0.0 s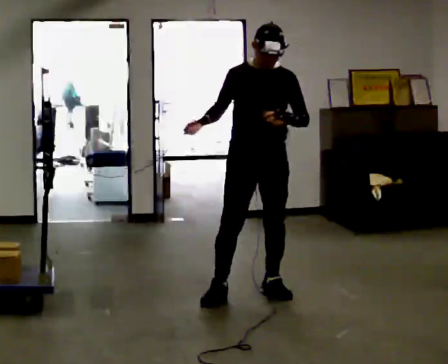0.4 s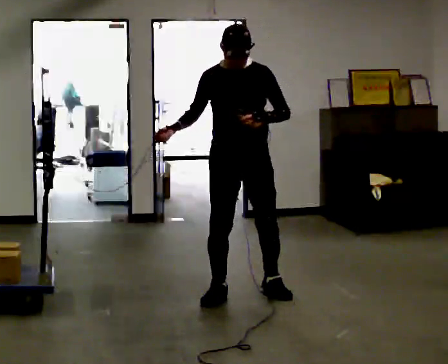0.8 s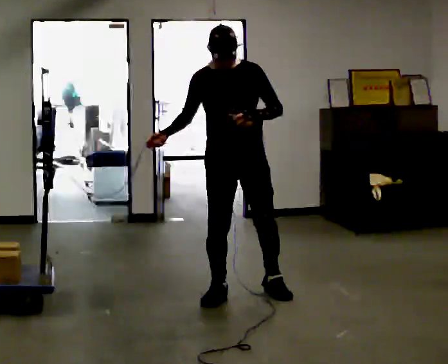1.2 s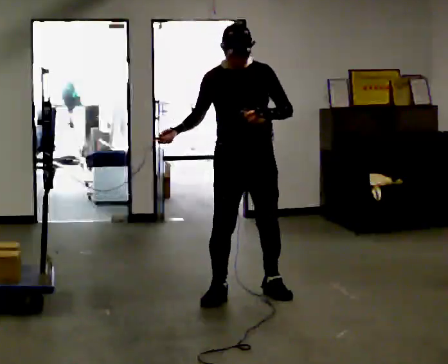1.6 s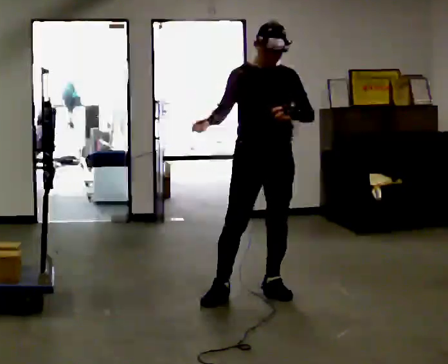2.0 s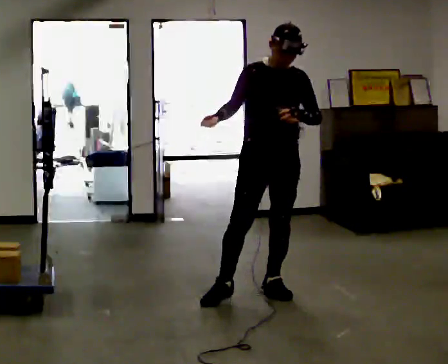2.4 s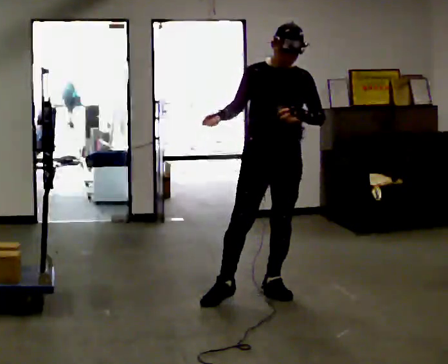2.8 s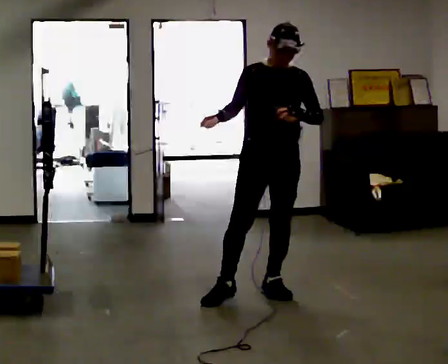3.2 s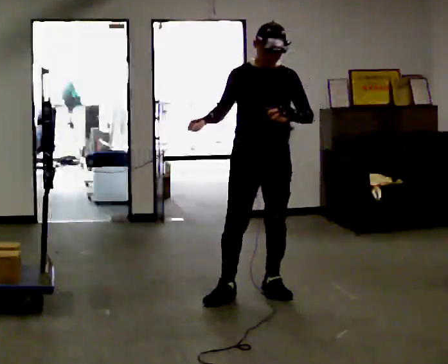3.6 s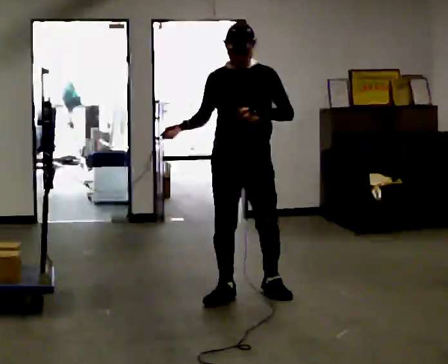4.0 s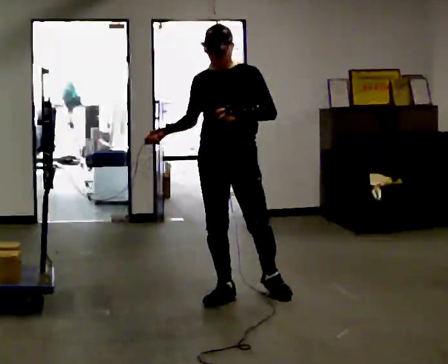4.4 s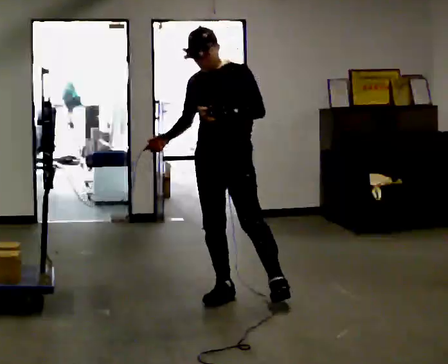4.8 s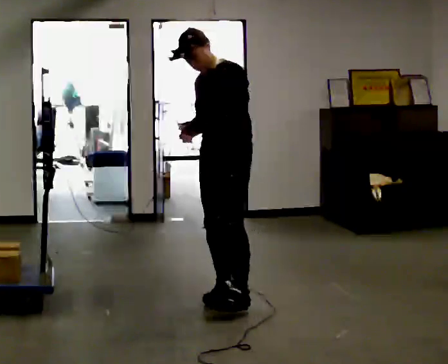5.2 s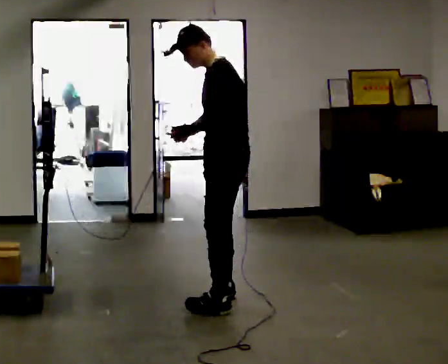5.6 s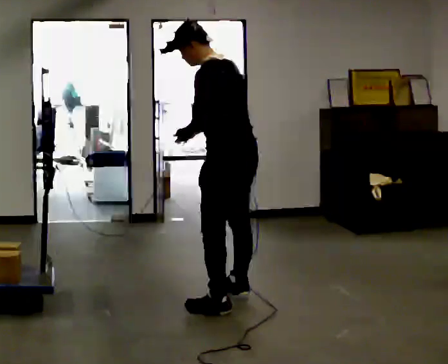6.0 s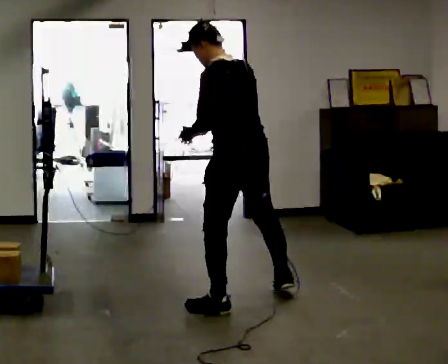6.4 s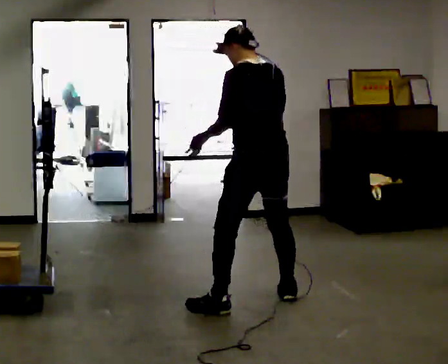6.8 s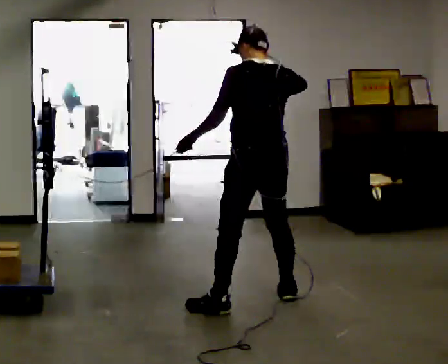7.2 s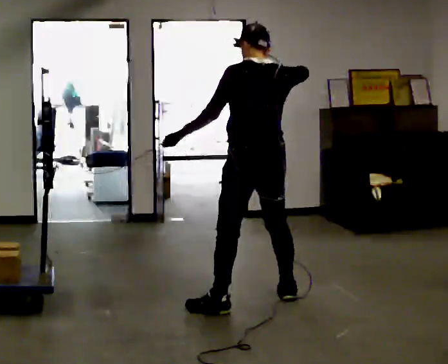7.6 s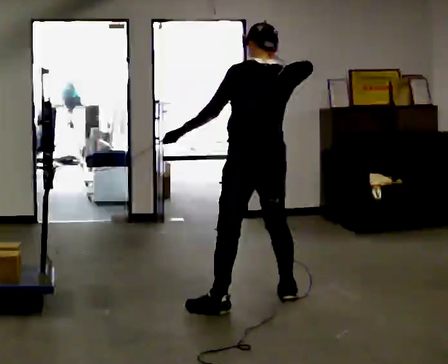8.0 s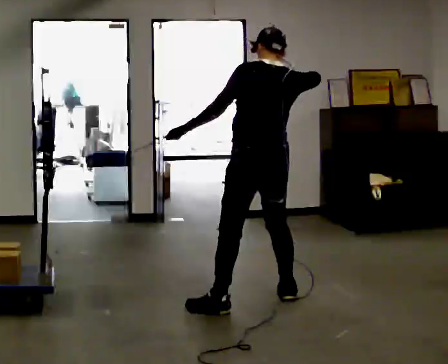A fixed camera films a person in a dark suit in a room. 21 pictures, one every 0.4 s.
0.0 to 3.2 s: The person moves a little, or ends about where they began.
3.2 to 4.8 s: Seen from above the body turns clockwise, about 60 degrees: to their right, with its near side sliding to the left. In the picture they go to the left, about 0.25 m, which for them is to their right and forward. In the picture their left hand goes to the left.
4.8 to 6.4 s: Seen from above the body turns clockwise, about 90 degrees: to their right, with its near side sliding to the left. In the picture they go to the right and toward the camera, about 0.25 m in 2 steps.
6.4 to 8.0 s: The person moves a little, or ends about where they began.
The film runs forward here.
